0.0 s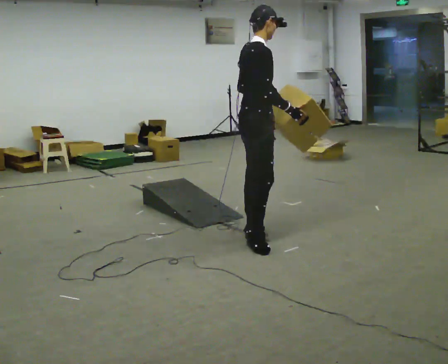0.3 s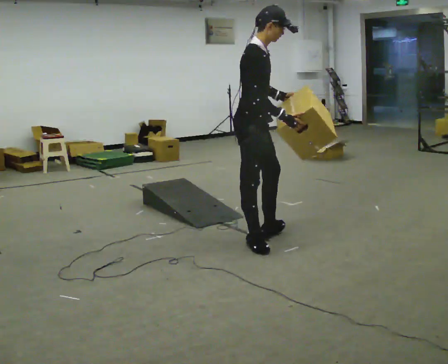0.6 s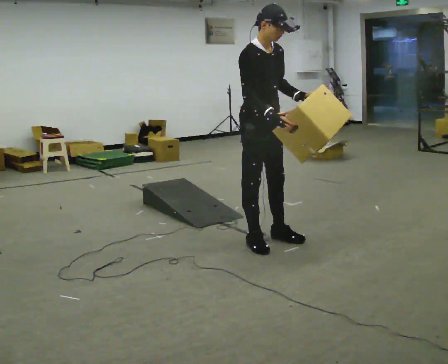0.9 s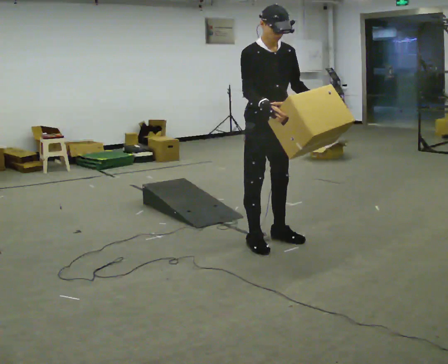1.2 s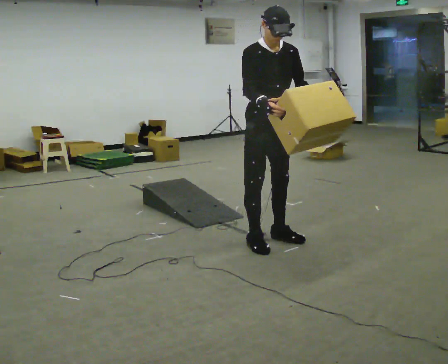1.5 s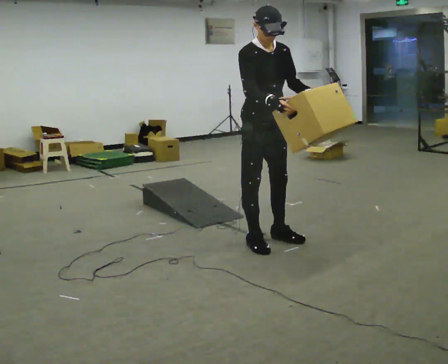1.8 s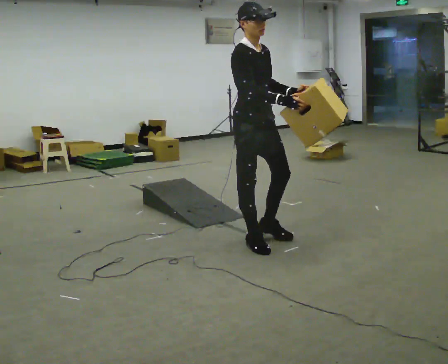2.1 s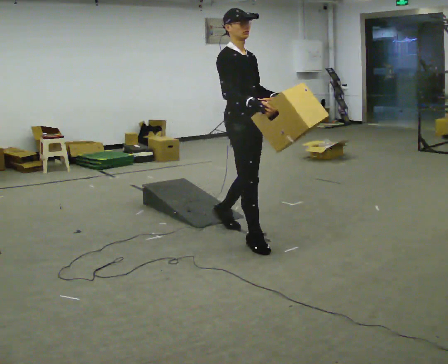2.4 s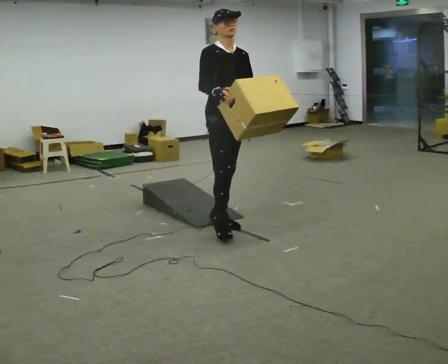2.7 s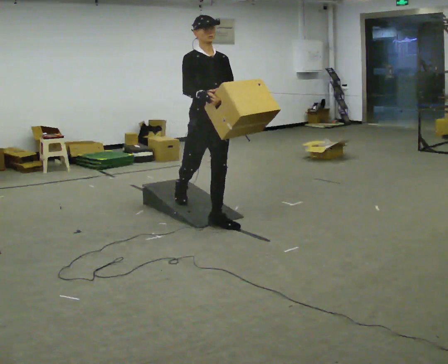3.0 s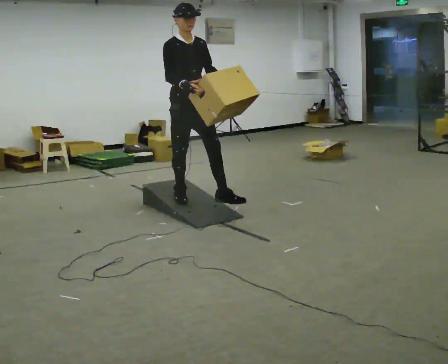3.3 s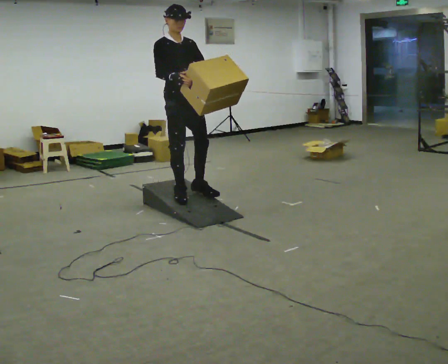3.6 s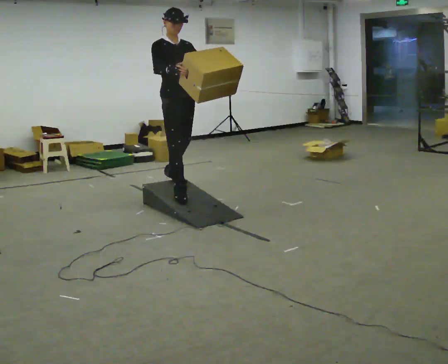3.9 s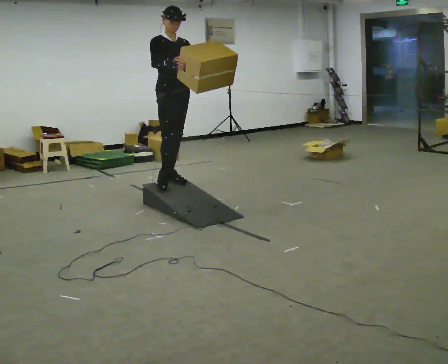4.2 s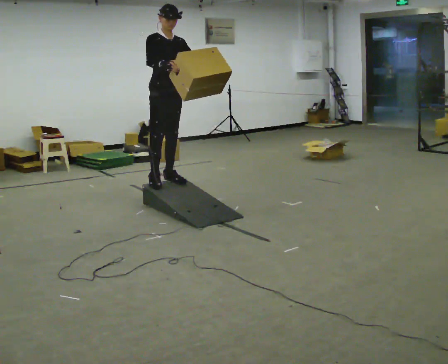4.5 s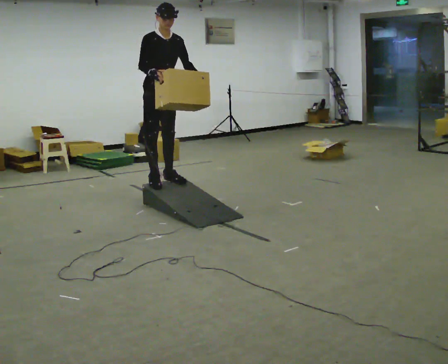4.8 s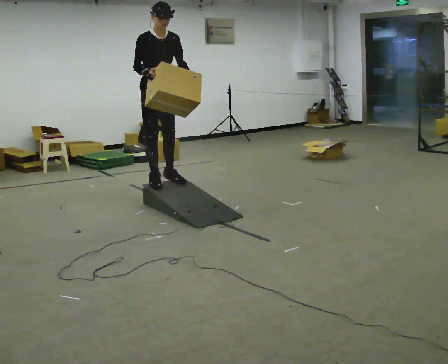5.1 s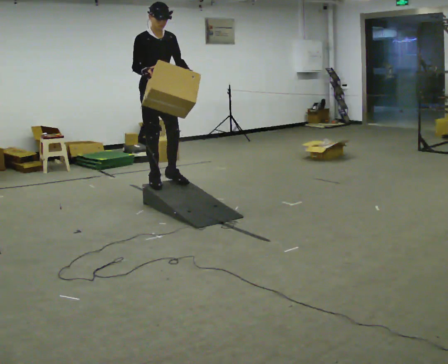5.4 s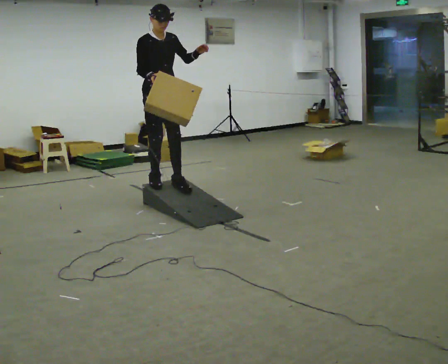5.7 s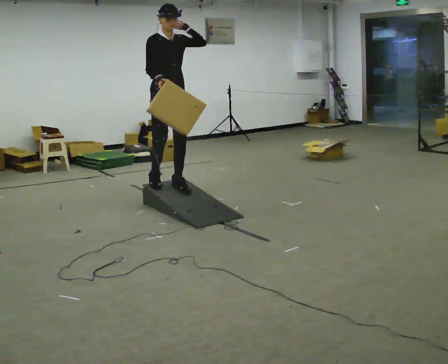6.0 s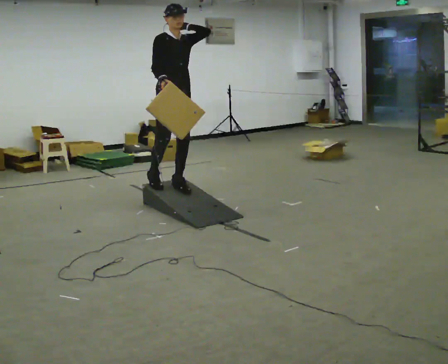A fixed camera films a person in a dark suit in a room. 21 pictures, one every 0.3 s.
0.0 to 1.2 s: The part of the body nearest the lens slides to the left as the person turns to their right by about 90 degrees. In the picture their left hand goes to the right.
1.2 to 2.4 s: In the picture they go to the left and away from the camera, about 0.5 m in 2 steps, which for them is backward.
2.4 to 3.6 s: In the picture they go away from the camera and to the left, about 1 m in 1 step, which for them is backward.
3.6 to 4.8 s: In the picture they go to the left and away from the camera, about 0.25 m in 1 step, which for them is backward.
4.8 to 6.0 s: In the picture they go to the right, about 0.25 m in 1 step, which for them is forward. In the picture their left hand goes upward.
The film runs backward here.
